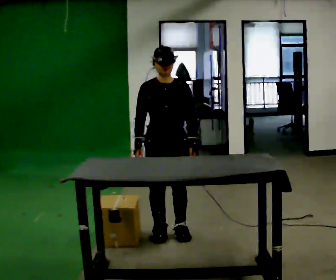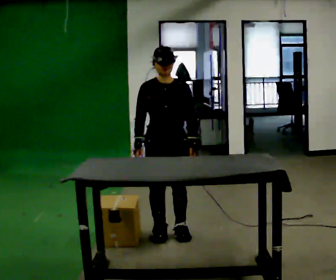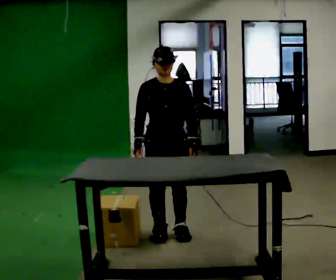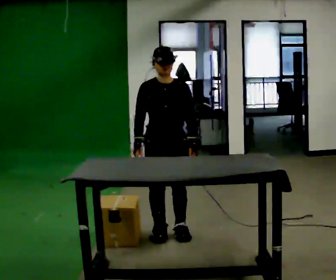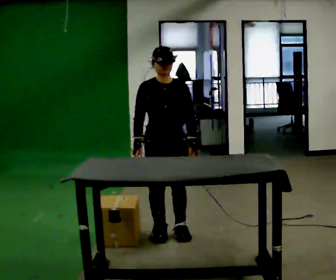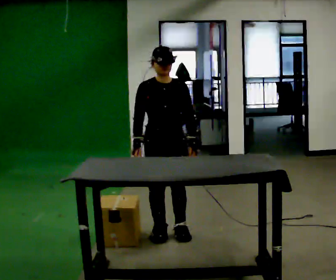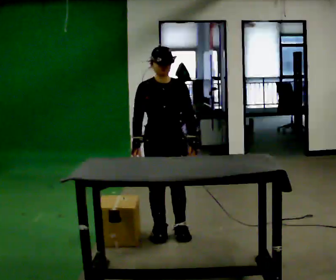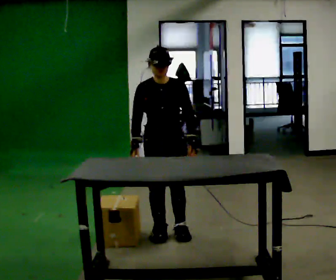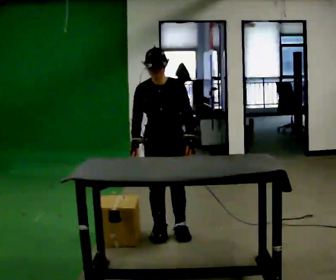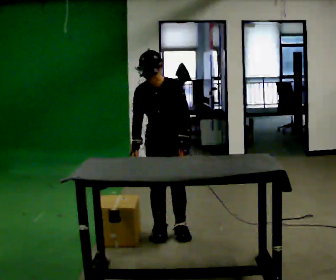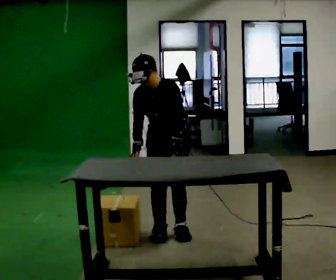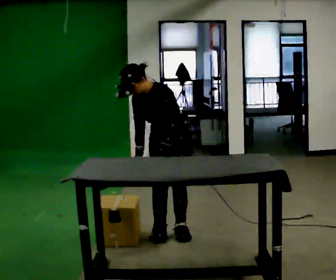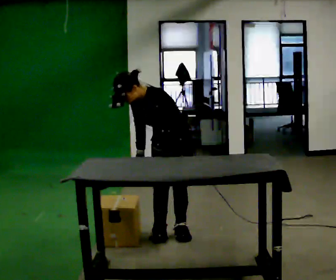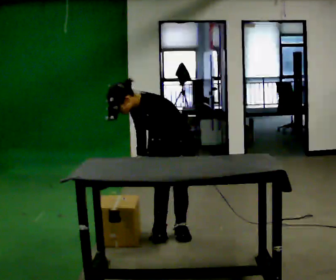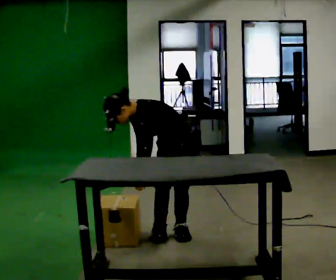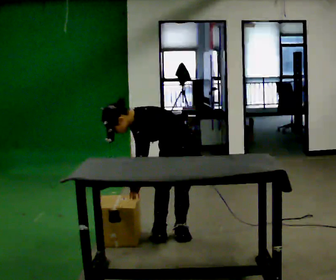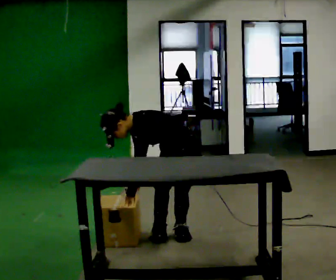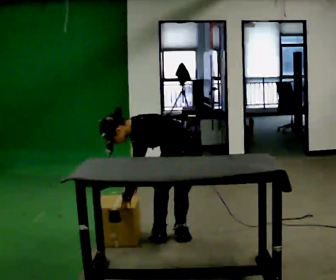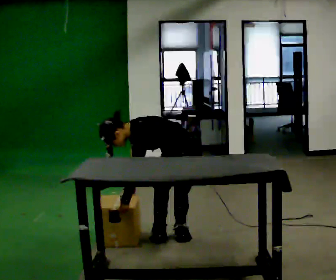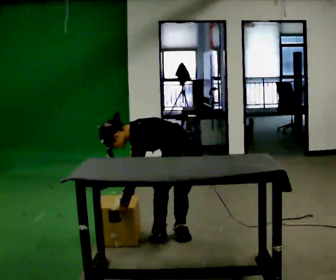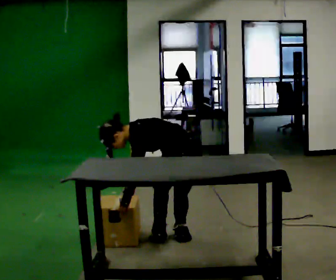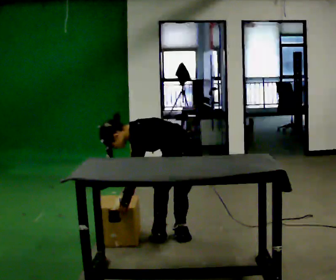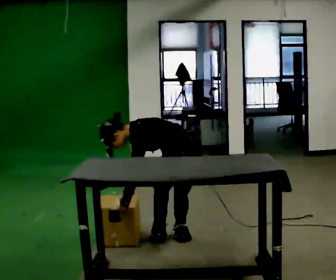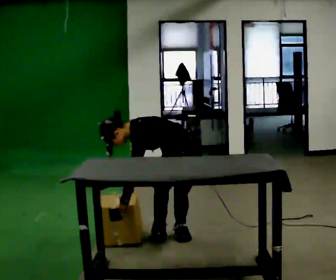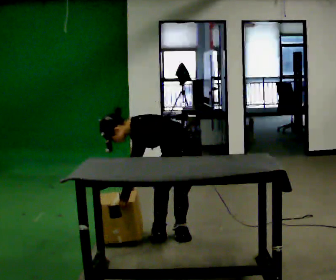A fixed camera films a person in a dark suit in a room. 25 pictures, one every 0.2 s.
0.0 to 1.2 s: The person keeps their place and pose.
1.2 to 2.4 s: Seen from above the body turns clockwise, about 45 degrees: to their right, with its near side sliding to the left. In the picture the upper body tilts counterclockwise, shoulders to the left, as they bend forward.
2.4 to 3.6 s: The shoulders move downward. In the picture the upper body tilts counterclockwise, shoulders to the left, as they bend forward.
3.6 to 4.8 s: The person moves a little, or ends about where they began.
The film runs backward here.
